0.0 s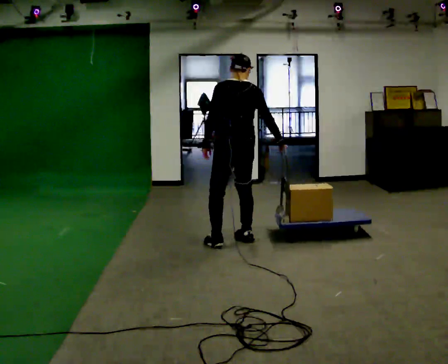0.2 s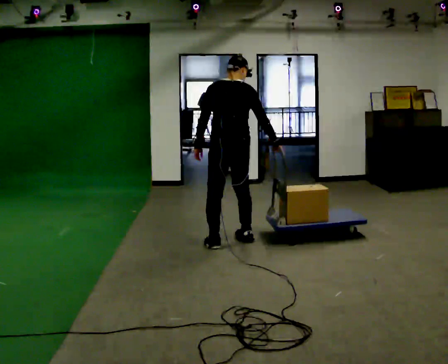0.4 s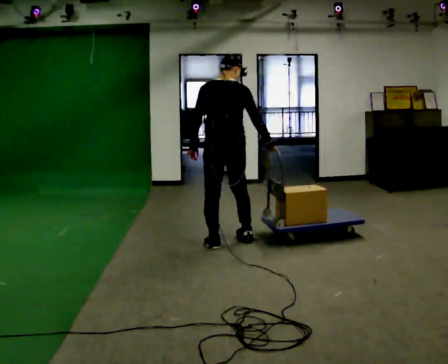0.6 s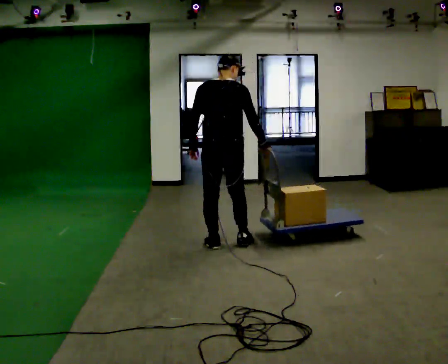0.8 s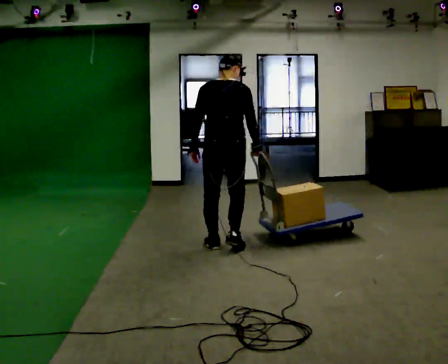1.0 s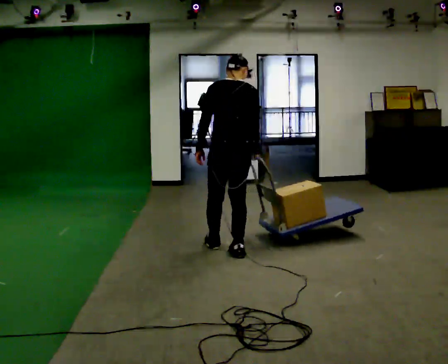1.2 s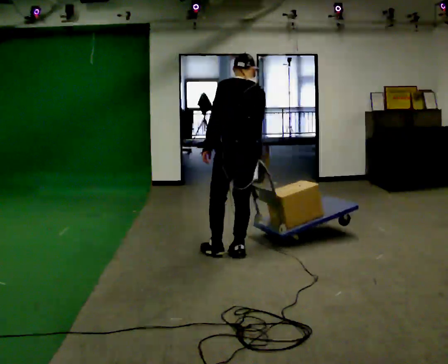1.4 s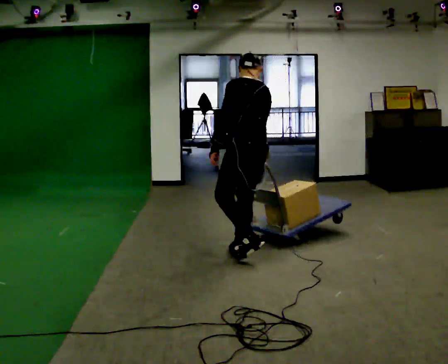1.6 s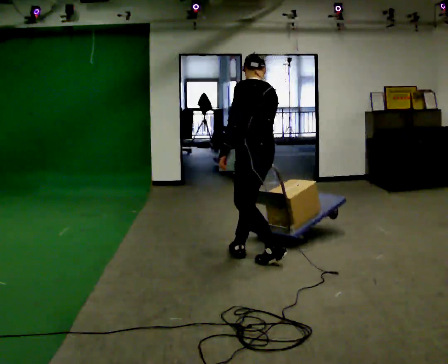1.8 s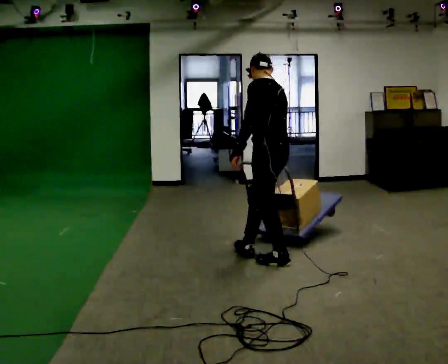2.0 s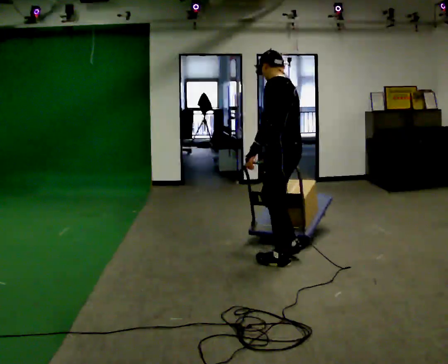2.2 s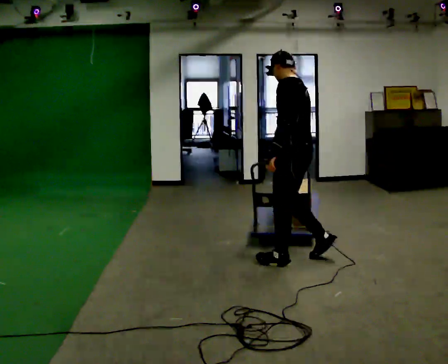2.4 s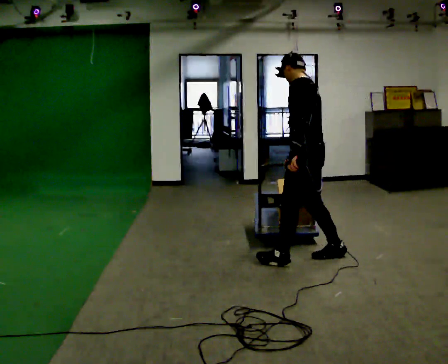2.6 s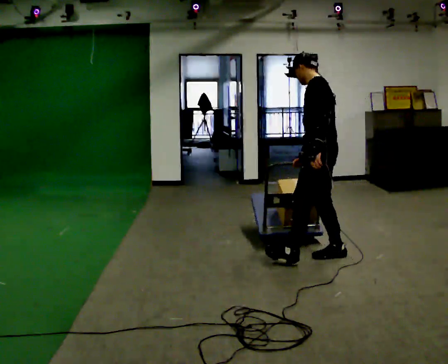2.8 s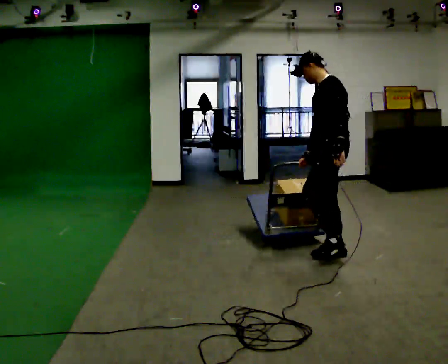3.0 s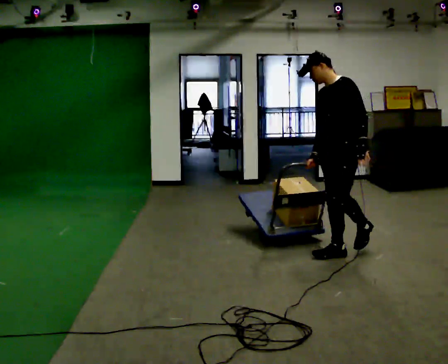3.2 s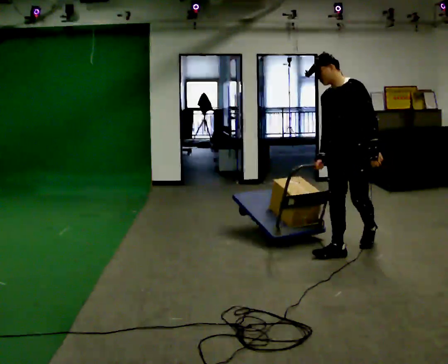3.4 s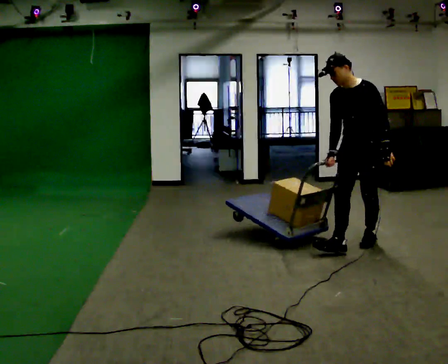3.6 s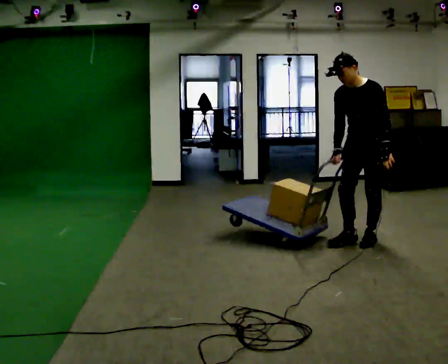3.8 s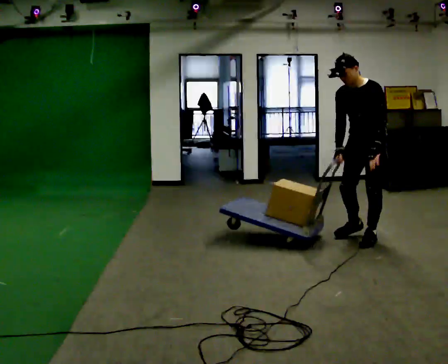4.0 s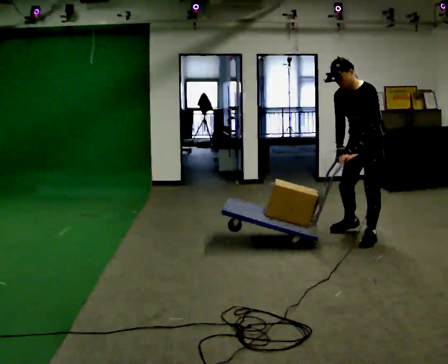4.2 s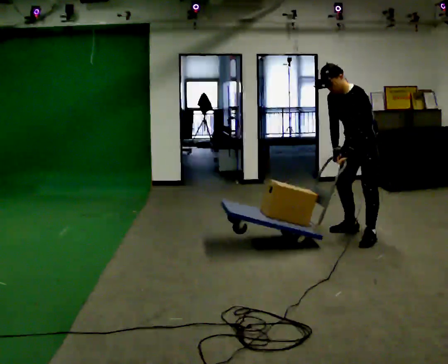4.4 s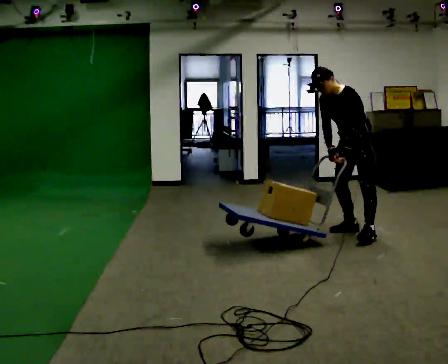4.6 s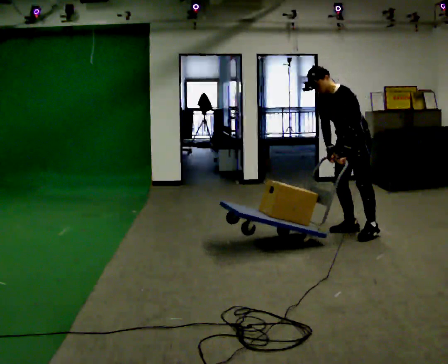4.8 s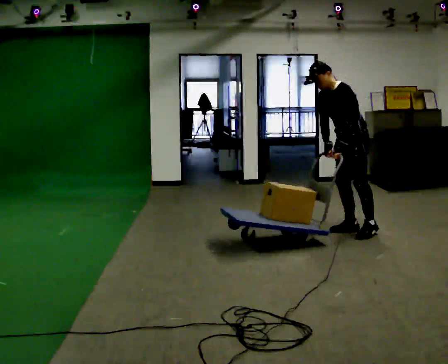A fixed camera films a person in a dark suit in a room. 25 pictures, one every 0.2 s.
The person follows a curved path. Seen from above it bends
counterclockwise.
0.0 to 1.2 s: In the picture they go toward the camera, about 0.25 m in 2 steps, which for them is backward.
1.2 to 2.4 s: The part of the body nearest the lens slides to the right as the person turns to their left by about 45 degrees. In the picture they go to the right, about 0.5 m in 1 step, which for them is backward.
2.4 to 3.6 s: The person turns about 75 degrees to their left, counterclockwise seen from above, so the part of the body nearest the lens slides to the right. In the picture they go to the right and away from the camera, about 0.5 m in 2 steps.
3.6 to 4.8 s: The part of the body nearest the lens slides to the left as the person turns to their right by about 30 degrees. In the picture they go away from the camera, about 0.5 m, which for them is to their right and backward. In the picture the upper body tilts counterclockwise, shoulders to the left, as they bend forward.
The film runs backward here.
